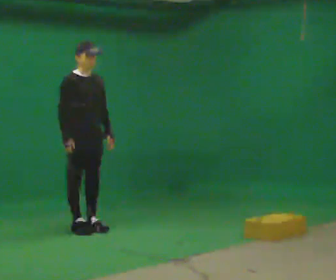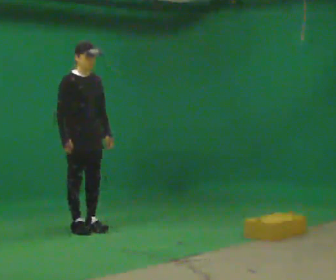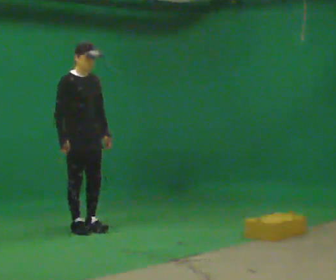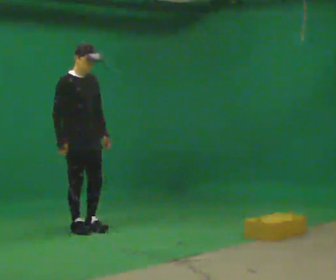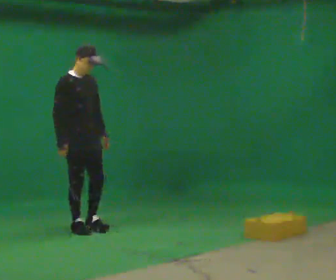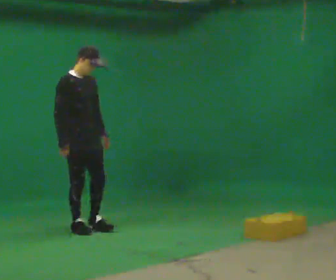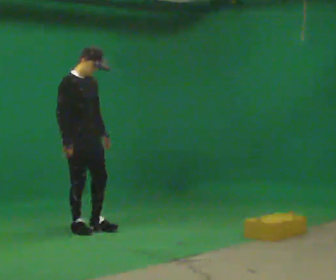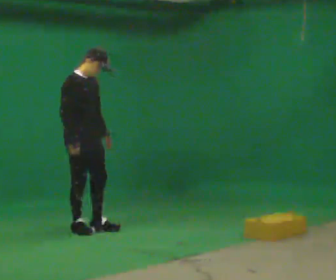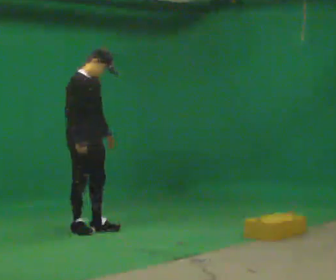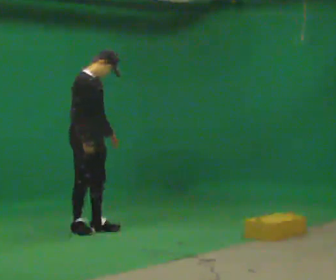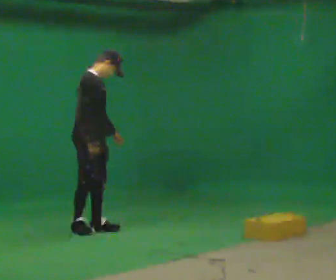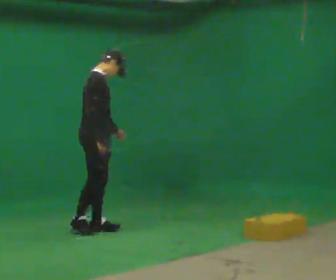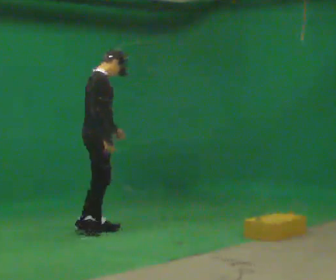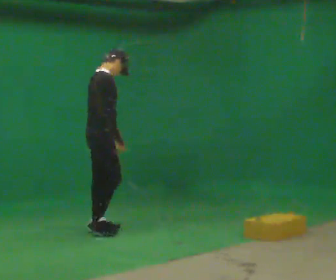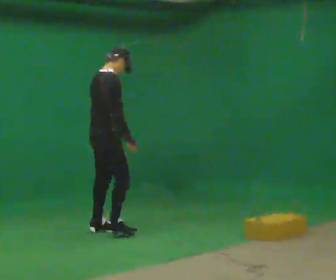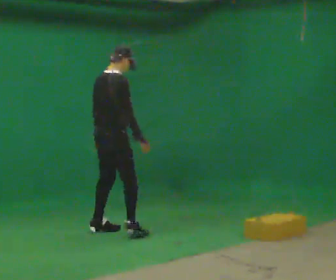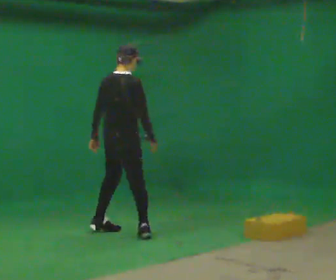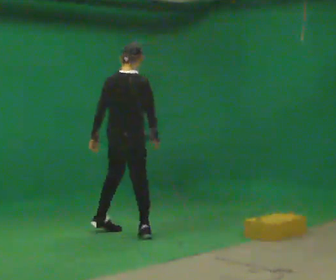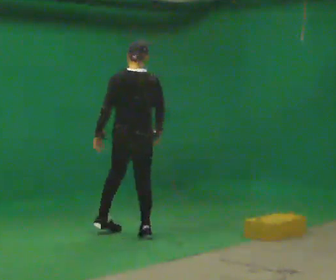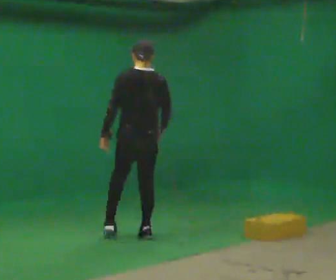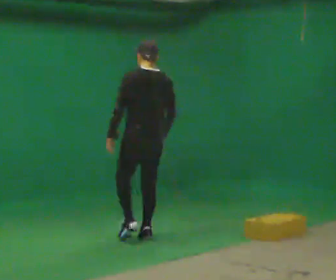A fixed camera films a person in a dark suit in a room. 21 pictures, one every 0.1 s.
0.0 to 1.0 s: The part of the body nearest the lens slides to the right as the person turns to their left by about 30 degrees.
1.0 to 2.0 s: Seen from above the body turns counterclockwise, about 120 degrees: to their left, with its near side sliding to the right. In the picture they go to the right and toward the camera, about 0.75 m in 2 steps.
The film runs backward here.
